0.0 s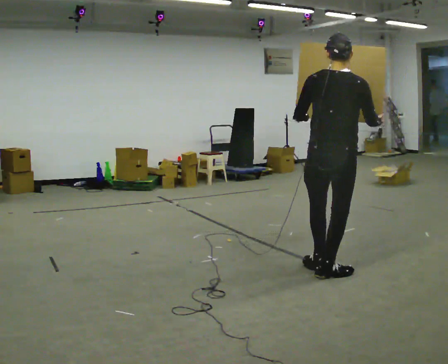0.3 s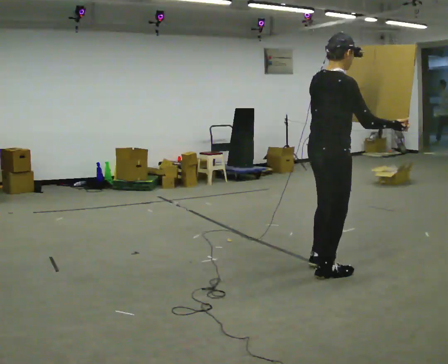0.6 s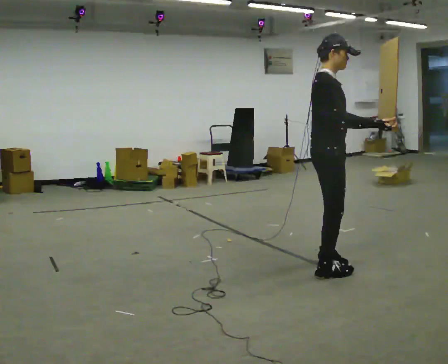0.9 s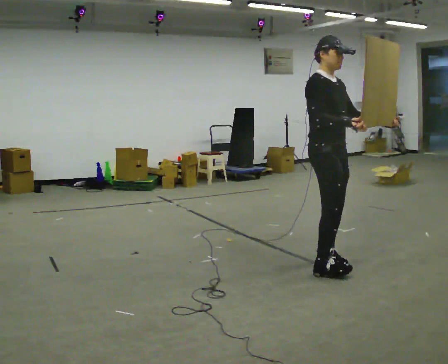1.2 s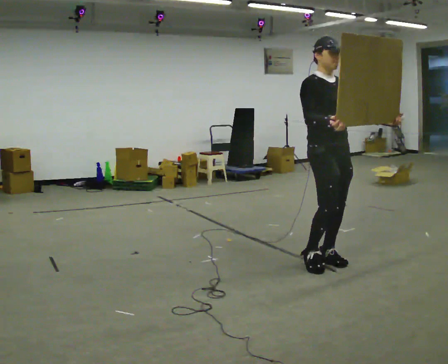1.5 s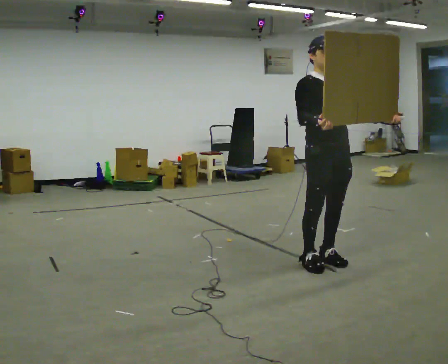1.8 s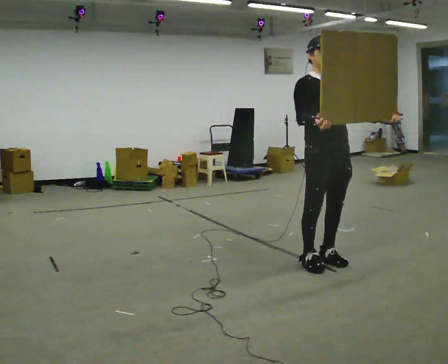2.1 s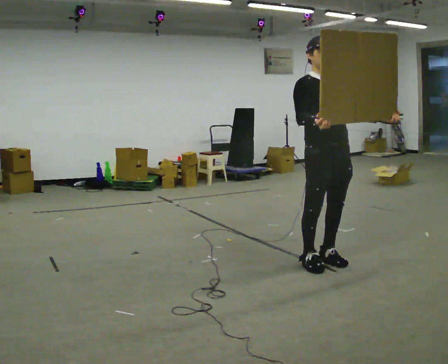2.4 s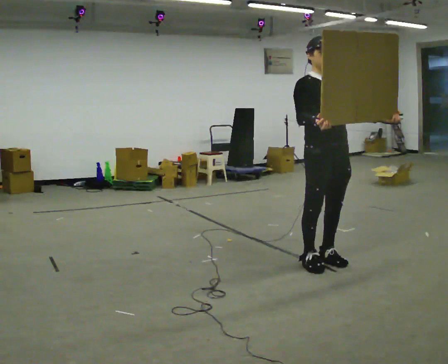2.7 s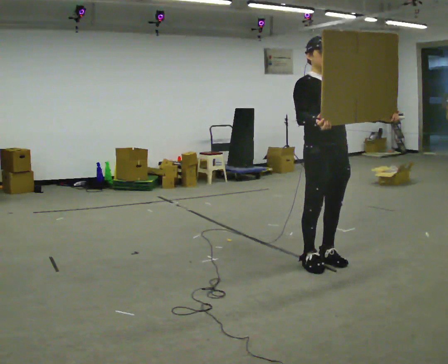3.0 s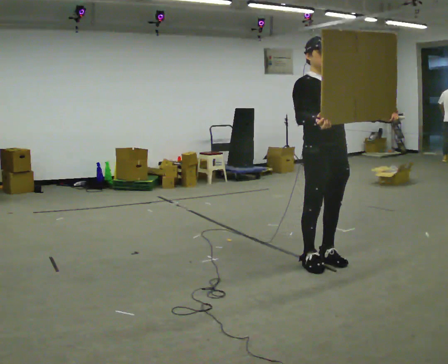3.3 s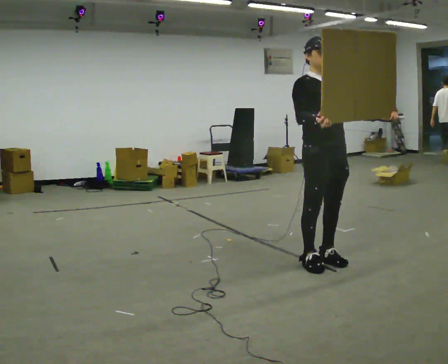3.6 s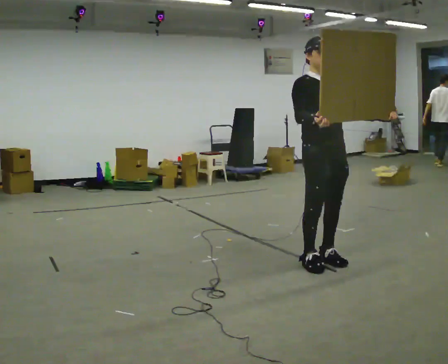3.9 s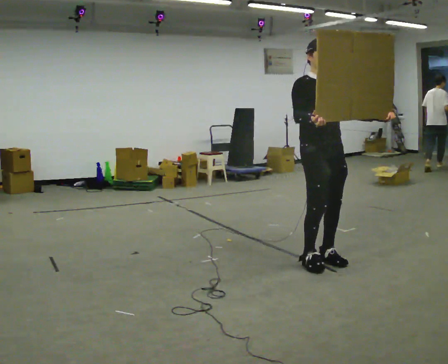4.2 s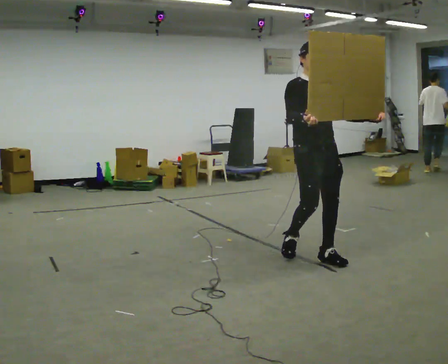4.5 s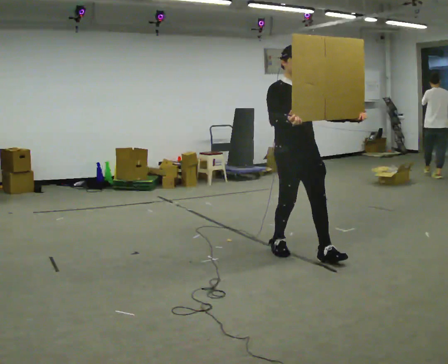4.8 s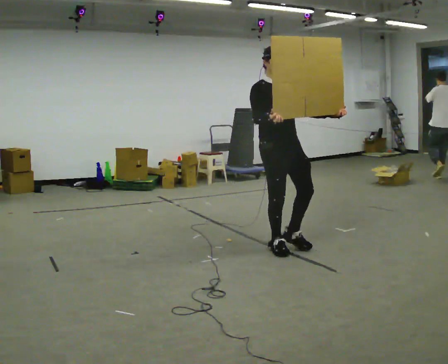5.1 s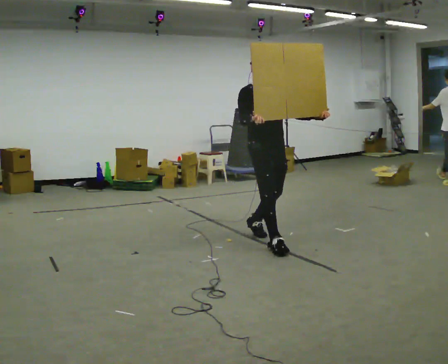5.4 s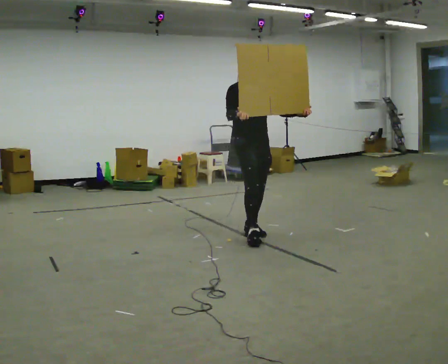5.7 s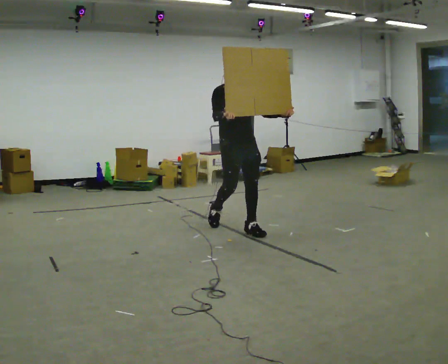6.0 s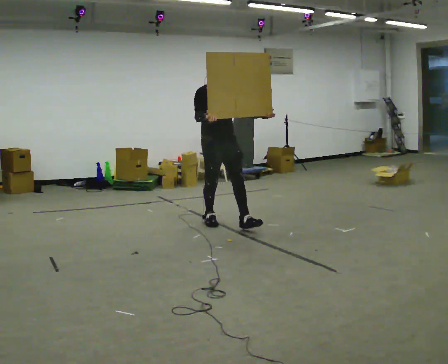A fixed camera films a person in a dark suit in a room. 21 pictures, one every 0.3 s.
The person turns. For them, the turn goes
to their right.
The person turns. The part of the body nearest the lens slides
to the left.
0.0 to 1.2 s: The part of the body nearest the lens slides to the left as the person turns to their right by about 135 degrees. In the picture they go away from the camera, about 0.25 m in 2 steps.
1.2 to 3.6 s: The person moves a little, or ends about where they began.
3.6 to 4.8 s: In the picture they go to the left and away from the camera, about 0.5 m in 2 steps, which for them is backward.
4.8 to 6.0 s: In the picture they go to the left and away from the camera, about 1 m in 2 steps, which for them is backward.
The film runs backward here.
